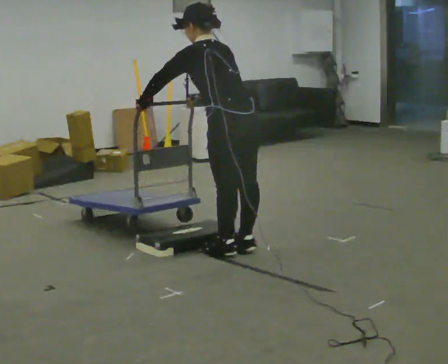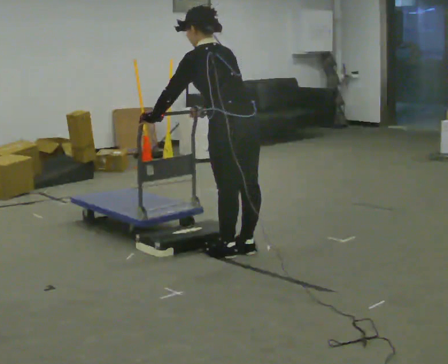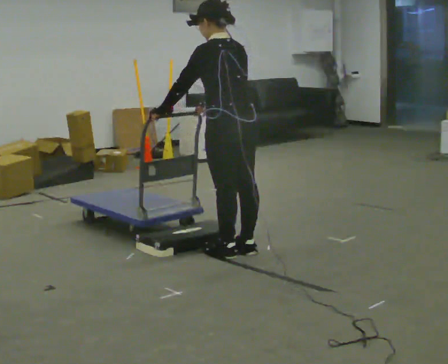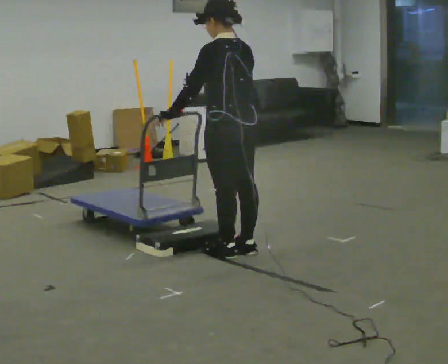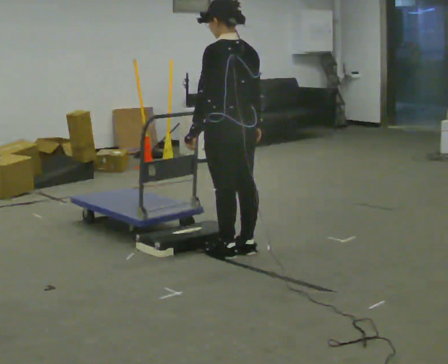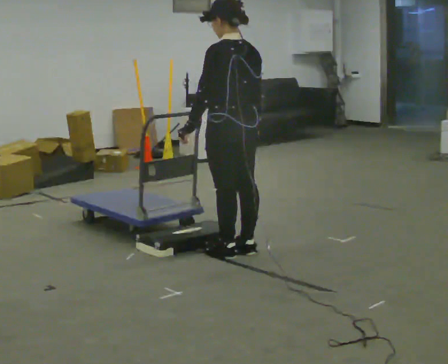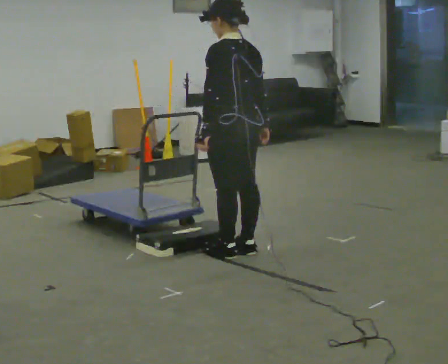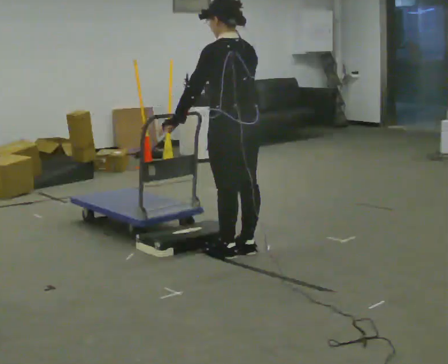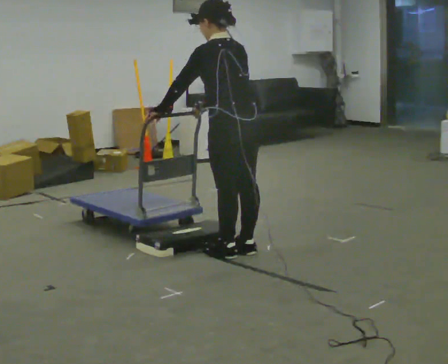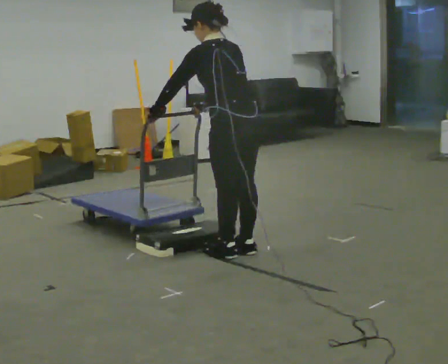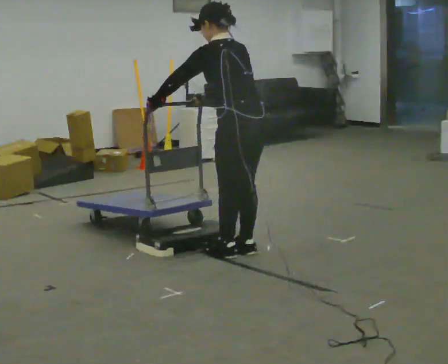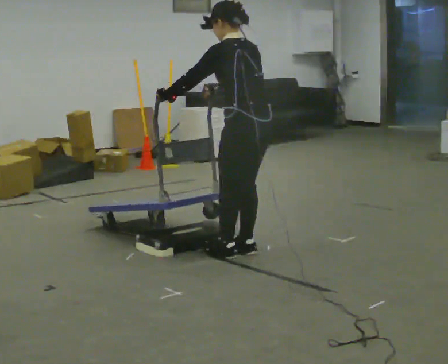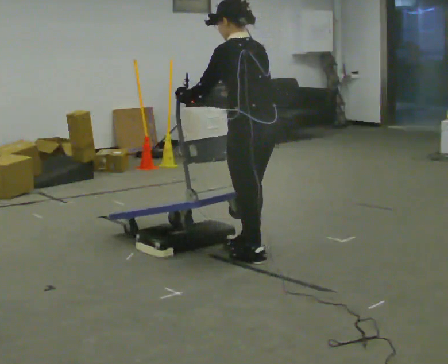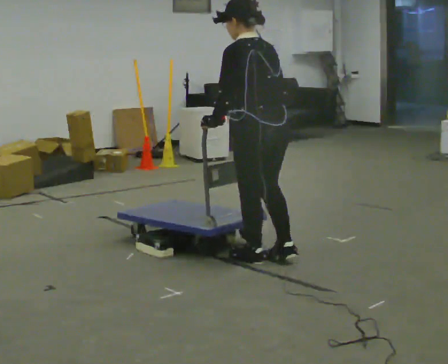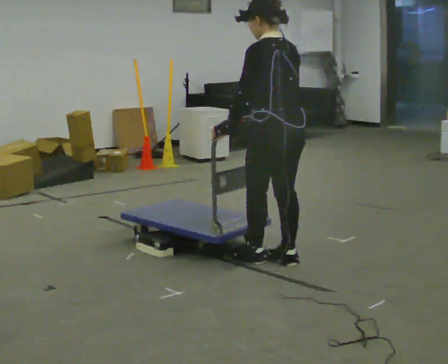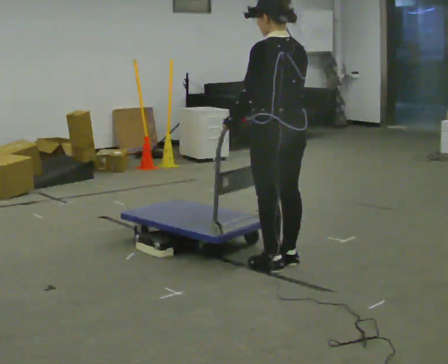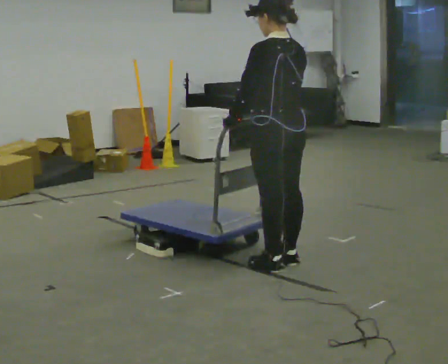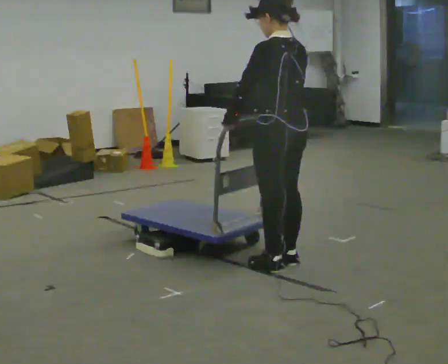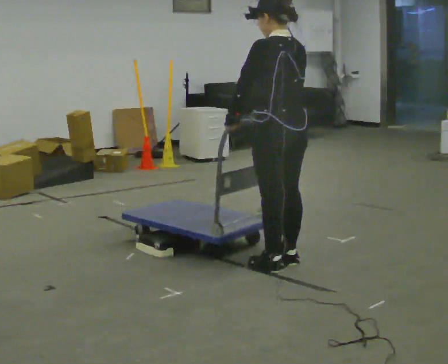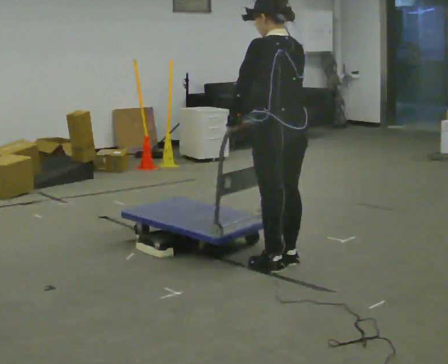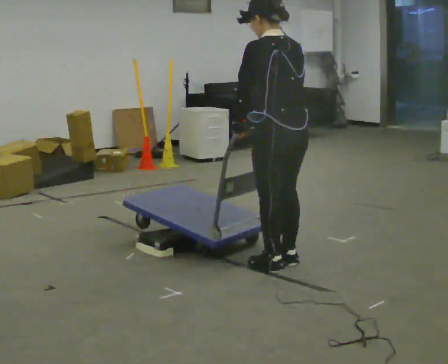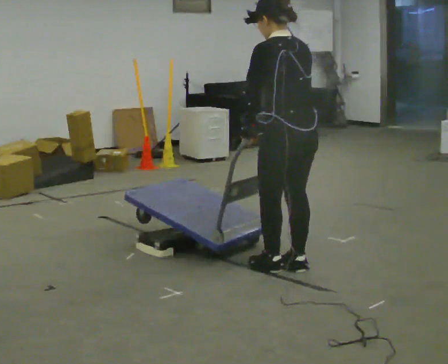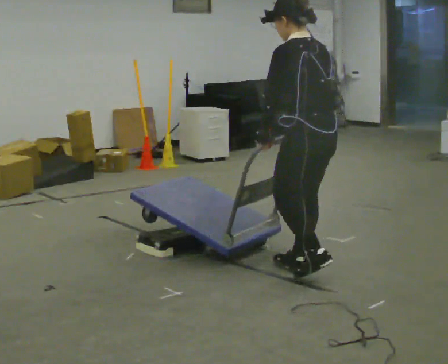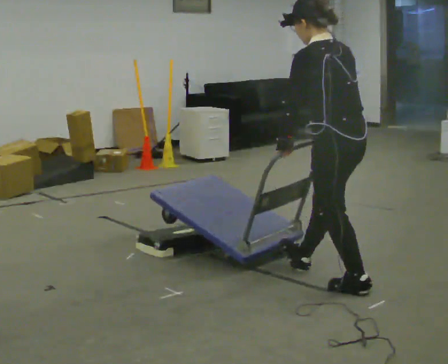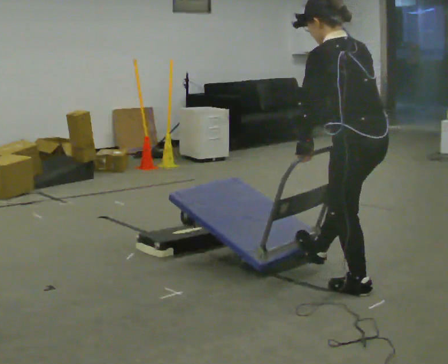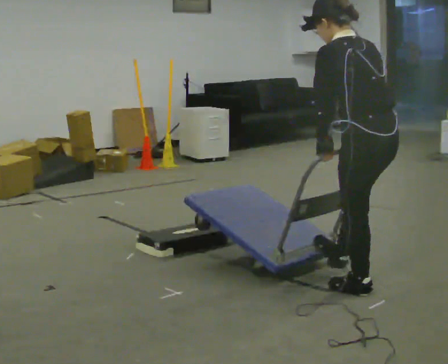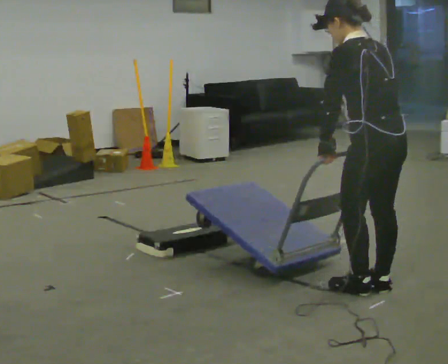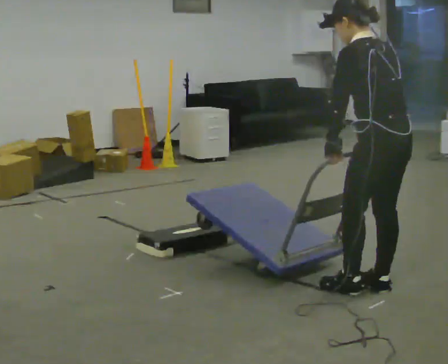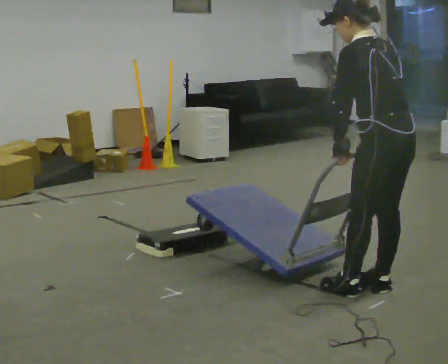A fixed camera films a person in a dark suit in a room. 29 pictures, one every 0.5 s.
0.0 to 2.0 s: In the picture the upper body tilts clockwise, shoulders to the right, as they lean back or straighten. In the picture their left hand goes to the right.
2.0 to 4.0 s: In the picture the upper body tilts counterclockwise, shoulders to the left, as they bend forward. In the picture their right hand goes to the left.
4.0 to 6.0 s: The person moves a little, or ends about where they began.
6.0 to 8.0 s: In the picture they go to the right, about 0.25 m in 2 steps, which for them is backward.
8.0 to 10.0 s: The person moves a little, or ends about where they began.
10.0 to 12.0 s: In the picture they go to the right and toward the camera, about 0.5 m in 2 steps, which for them is backward.
12.0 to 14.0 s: The person moves a little, or ends about where they began.
The film runs backward here.
